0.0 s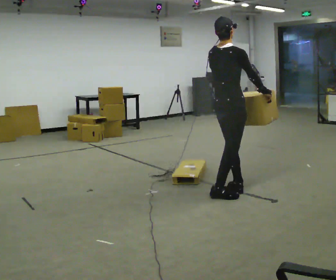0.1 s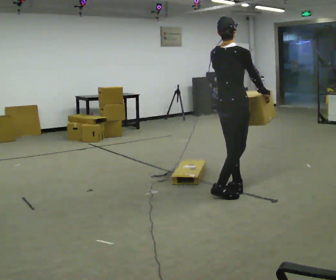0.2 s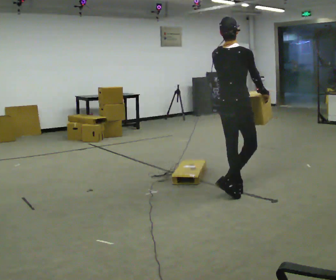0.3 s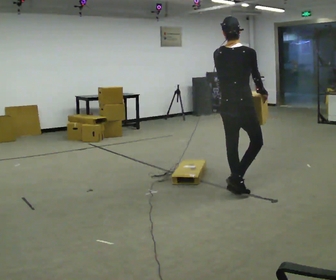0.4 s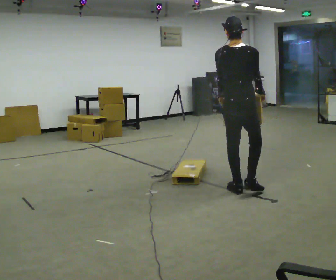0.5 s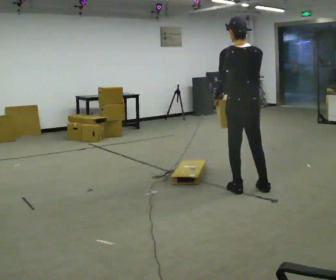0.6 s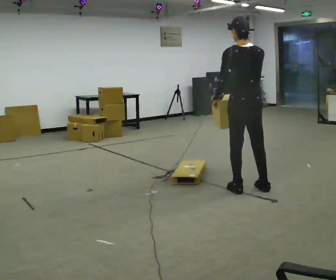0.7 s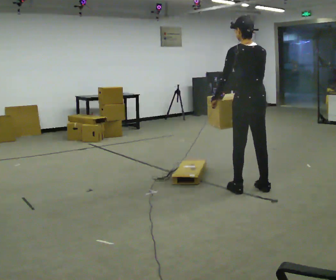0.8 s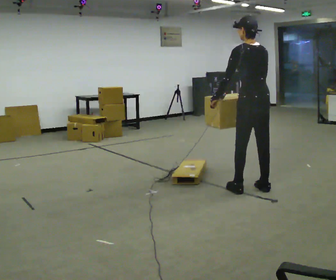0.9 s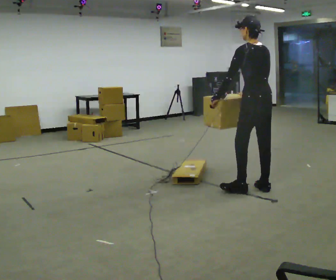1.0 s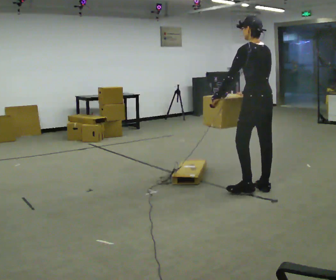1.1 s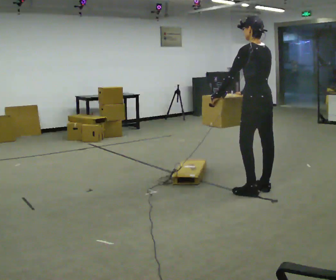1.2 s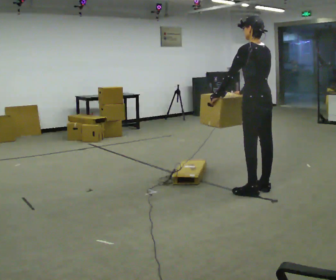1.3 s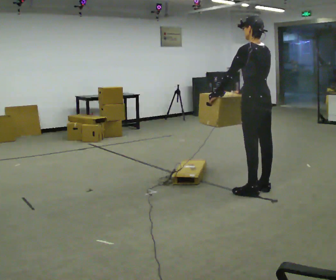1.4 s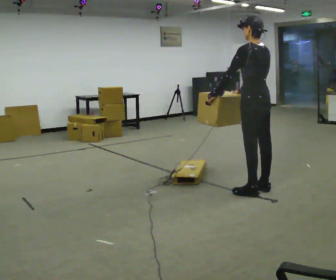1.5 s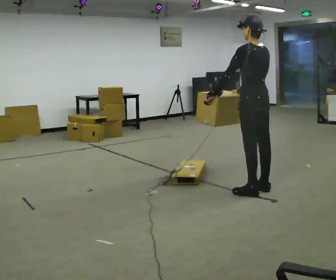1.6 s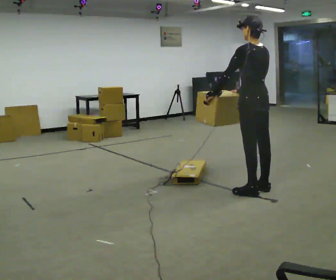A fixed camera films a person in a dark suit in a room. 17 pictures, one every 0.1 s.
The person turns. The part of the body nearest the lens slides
to the right.
Their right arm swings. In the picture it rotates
clockwise.
0.0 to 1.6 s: Seen from above the body turns counterclockwise, about 90 degrees: to their left, with its near side sliding to the right. In the picture they go to the right, about 0.25 m in 2 steps.
The film runs forward here.
